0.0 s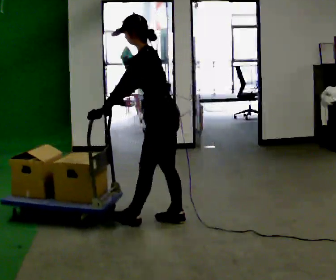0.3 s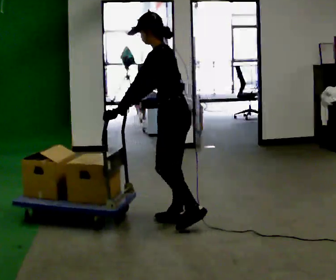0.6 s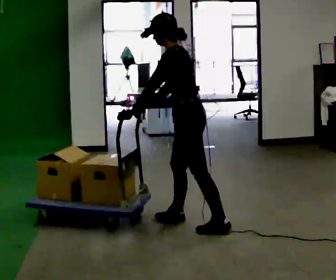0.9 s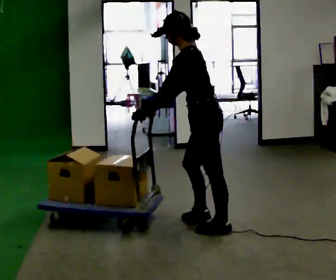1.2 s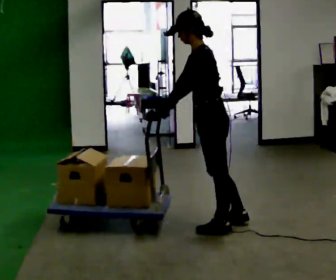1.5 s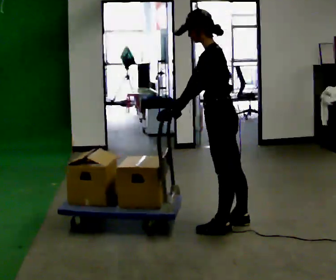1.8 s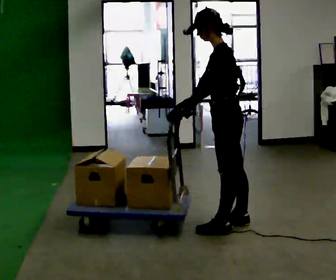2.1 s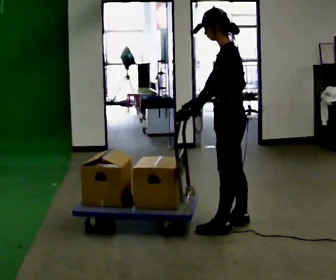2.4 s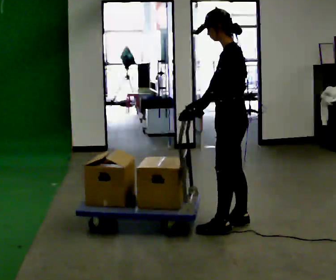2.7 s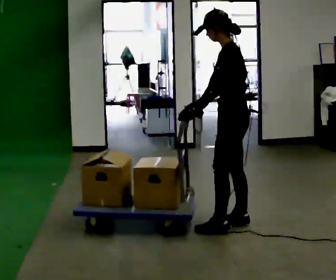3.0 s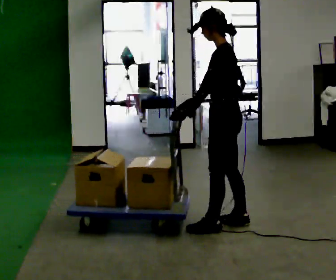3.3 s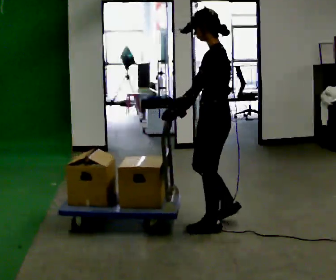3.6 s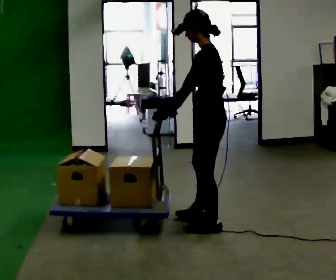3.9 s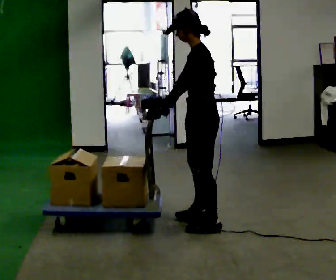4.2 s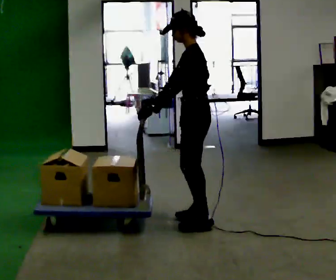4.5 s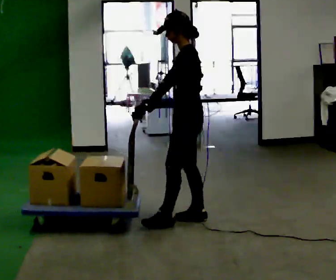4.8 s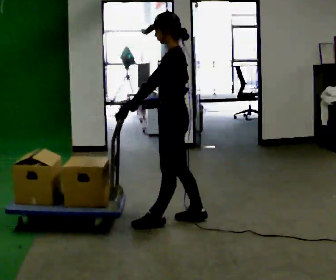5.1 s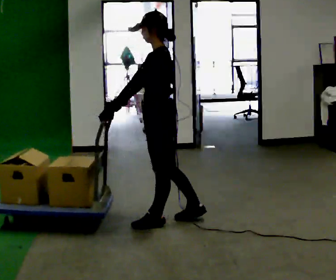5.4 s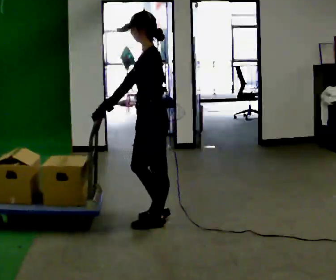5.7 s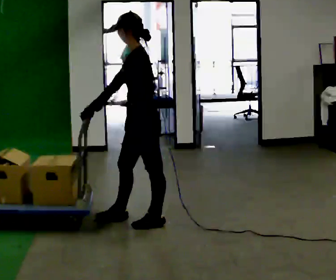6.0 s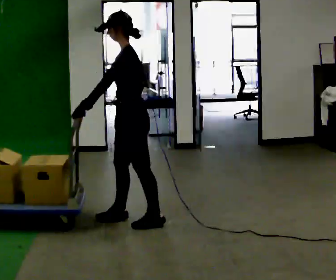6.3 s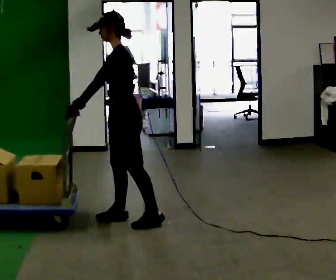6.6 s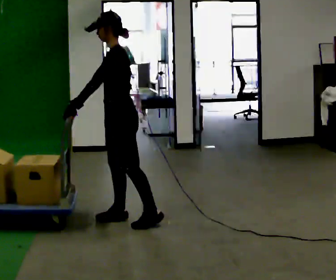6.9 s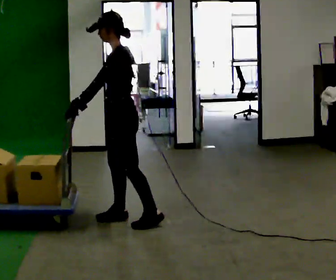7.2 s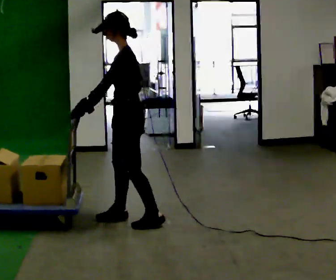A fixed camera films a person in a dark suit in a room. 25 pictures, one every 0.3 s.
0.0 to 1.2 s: In the picture they go to the right and toward the camera, about 0.5 m in 1 step, which for them is backward.
1.2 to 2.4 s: In the picture they go to the right, about 0.25 m, which for them is backward and to their right.
2.4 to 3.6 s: In the picture they go to the left, about 0.25 m in 1 step, which for them is forward.
3.6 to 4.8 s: In the picture they go to the left and away from the camera, about 0.25 m in 1 step, which for them is forward and to their right.
4.8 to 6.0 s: In the picture they go to the left, about 0.25 m in 1 step, which for them is forward.
6.0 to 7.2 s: The person moves a little, or ends about where they began.
The film runs backward here.
